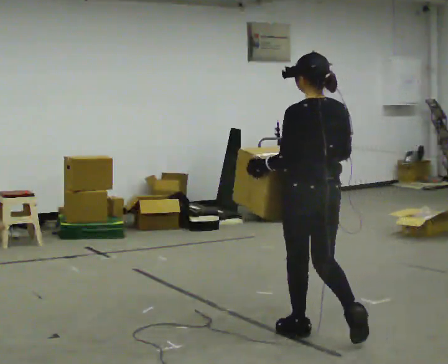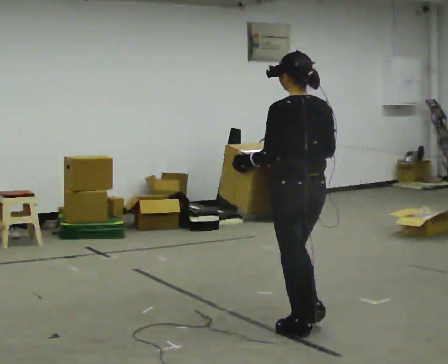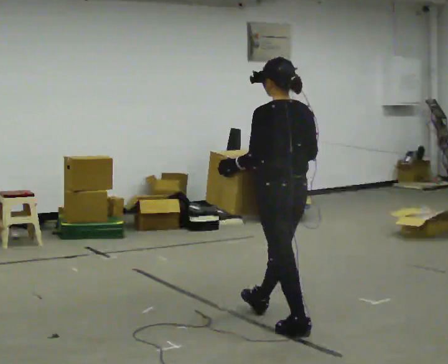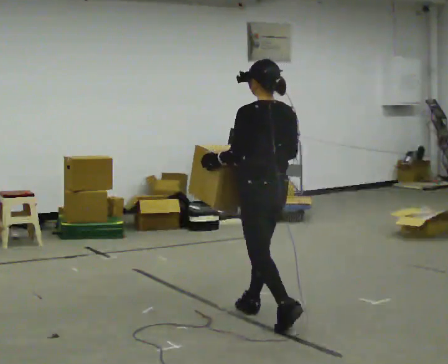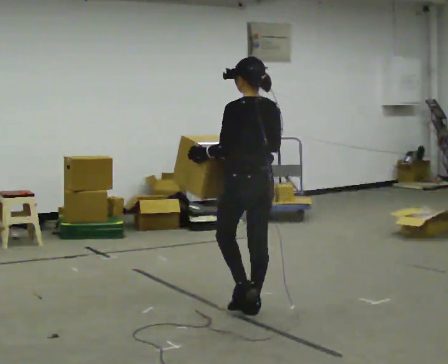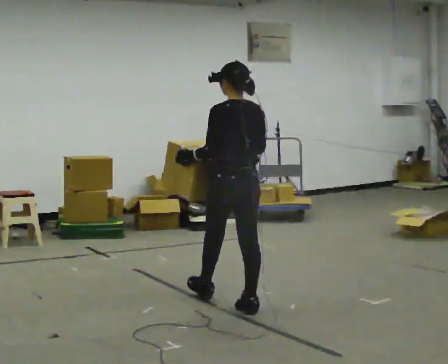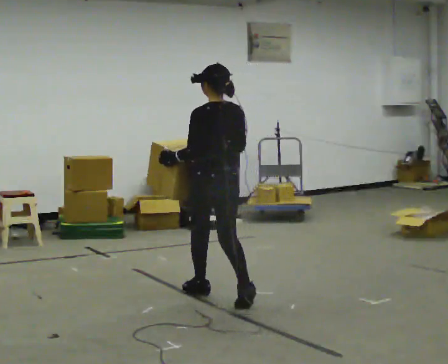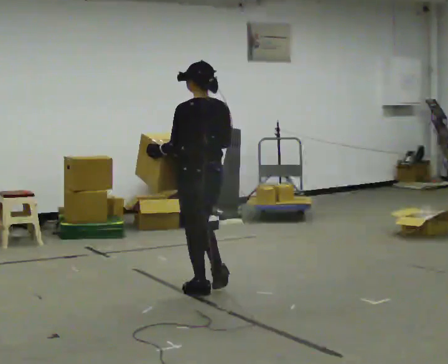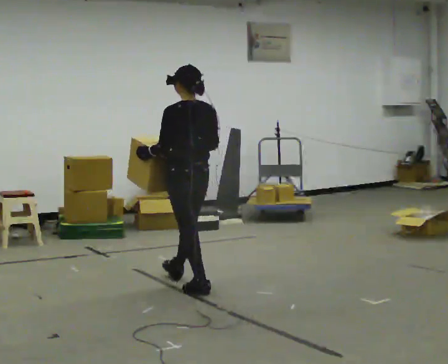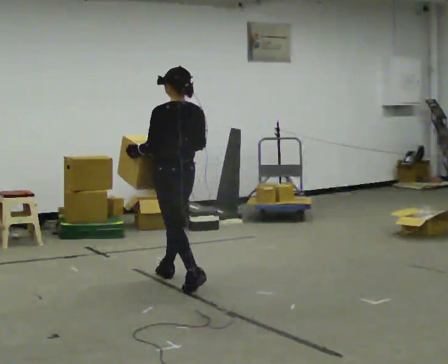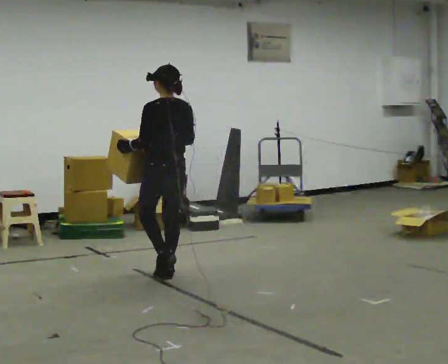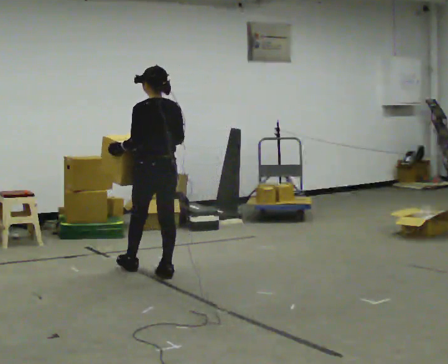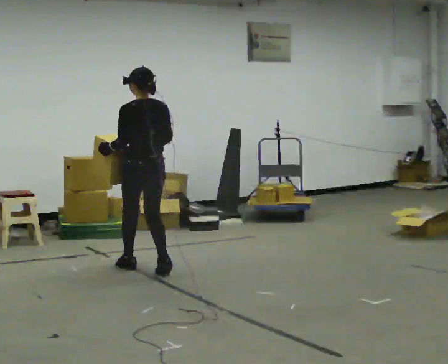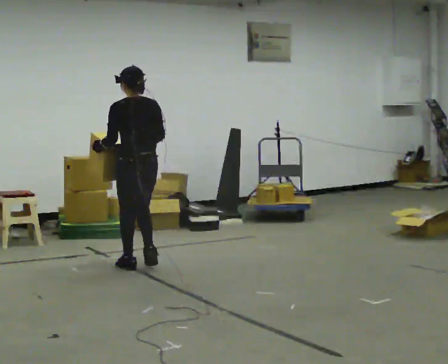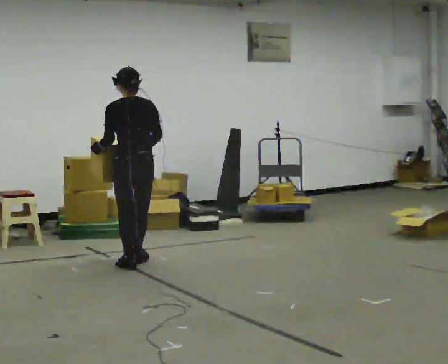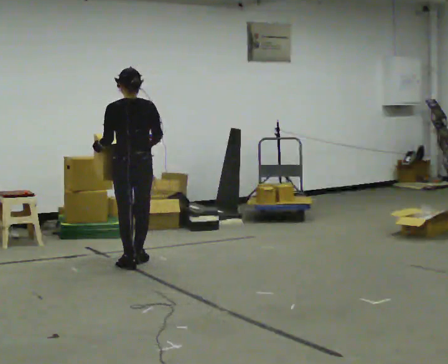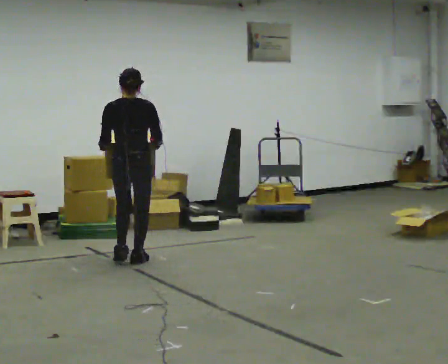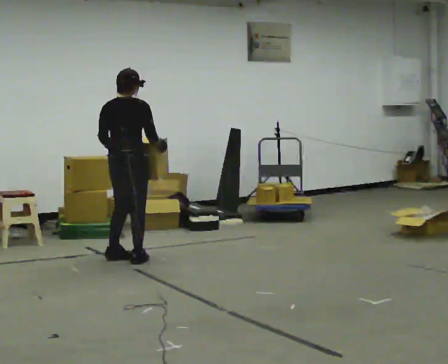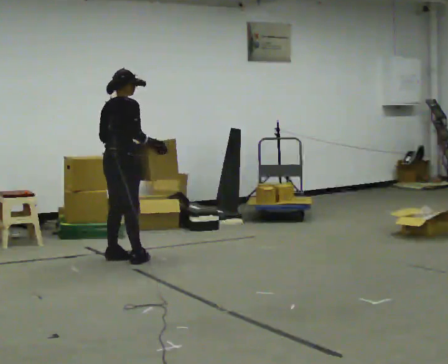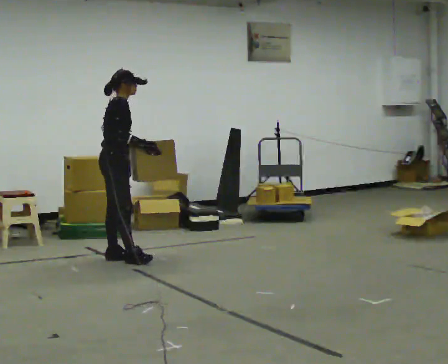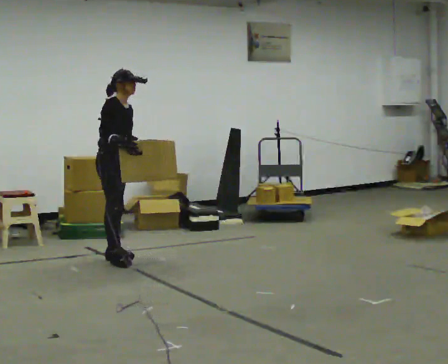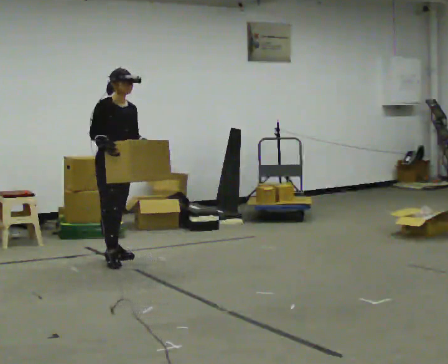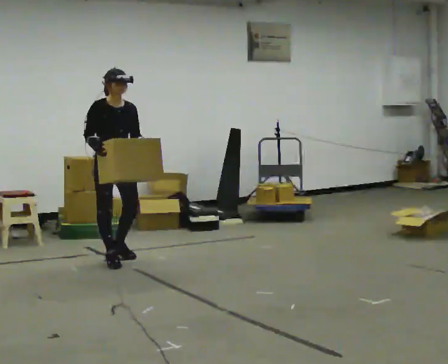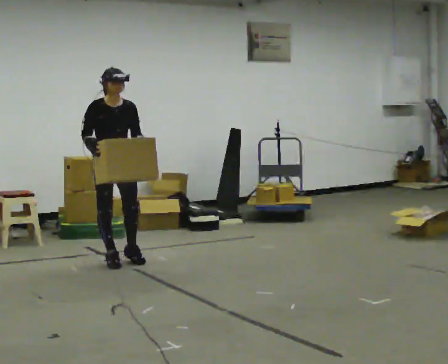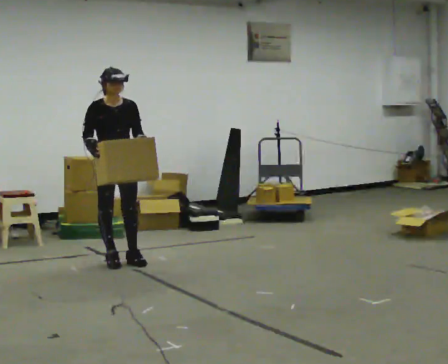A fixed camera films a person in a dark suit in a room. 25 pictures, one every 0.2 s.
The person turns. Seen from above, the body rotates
clockwise.
The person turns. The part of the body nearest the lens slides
to the left.
0.0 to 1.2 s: In the picture they go away from the camera and to the left, about 1 m in 2 steps, which for them is forward.
1.2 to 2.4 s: In the picture they go away from the camera and to the left, about 1 m in 2 steps, which for them is forward.
2.4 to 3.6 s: The part of the body nearest the lens slides to the left as the person turns to their right by about 75 degrees. In the picture they go away from the camera and to the left, about 0.5 m in 2 steps.
3.6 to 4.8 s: The part of the body nearest the lens slides to the left as the person turns to their right by about 105 degrees. In the picture their right hand goes to the left.
The film runs forward here.
